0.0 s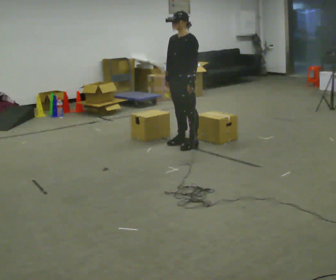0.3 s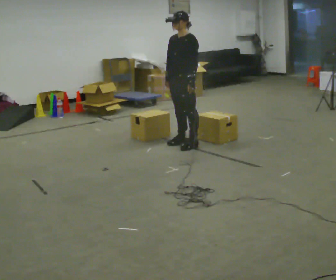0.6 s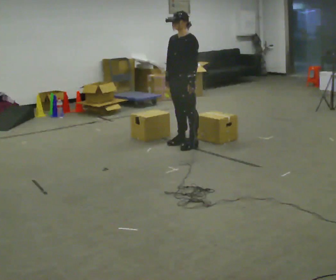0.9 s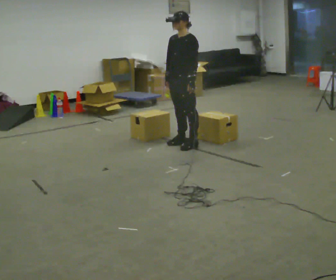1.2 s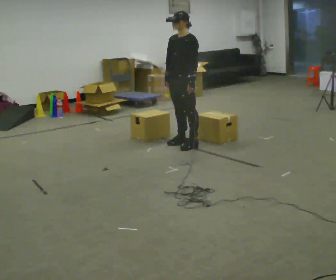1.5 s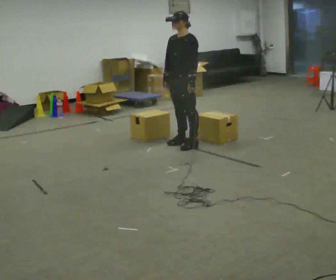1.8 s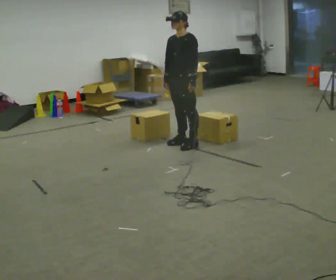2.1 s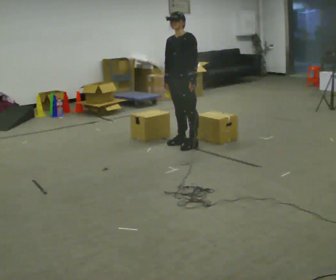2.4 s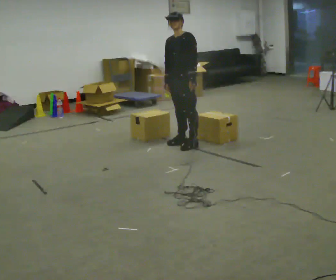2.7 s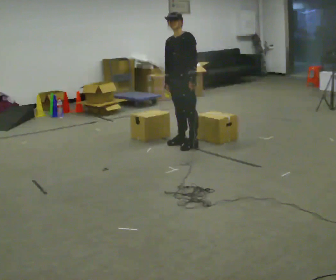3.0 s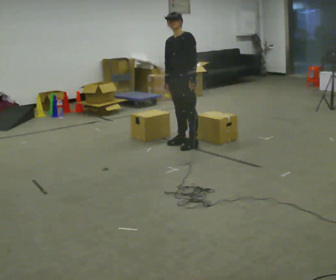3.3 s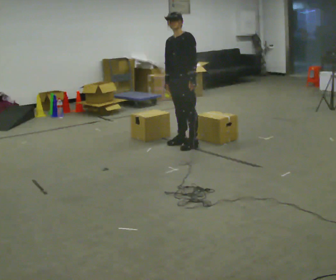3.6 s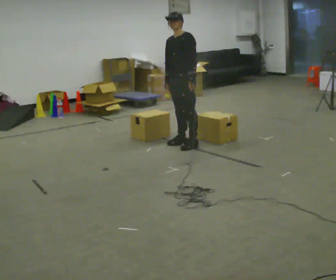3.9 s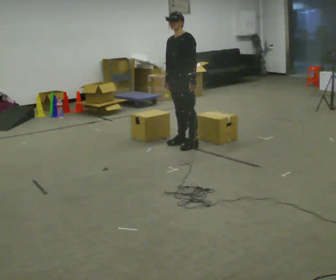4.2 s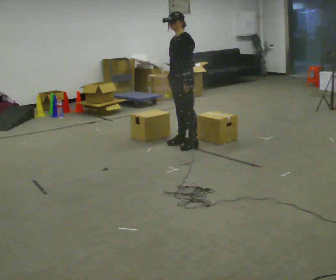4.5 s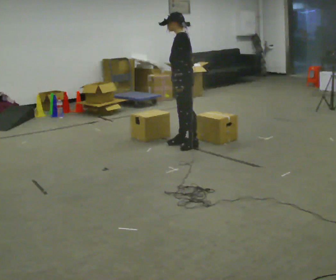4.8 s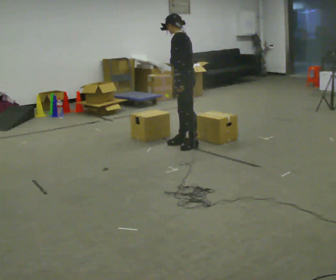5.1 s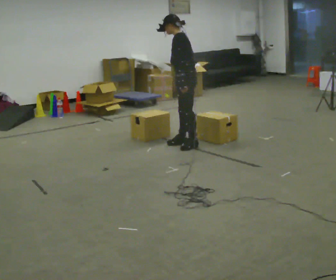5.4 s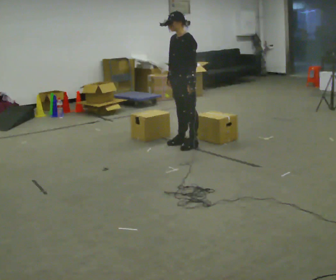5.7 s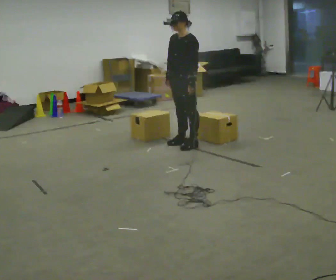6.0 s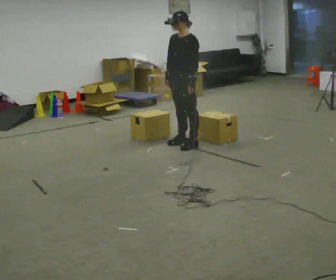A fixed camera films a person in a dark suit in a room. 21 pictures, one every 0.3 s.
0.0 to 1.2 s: The person keeps their place and pose.
1.2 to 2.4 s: The person moves a little, or ends about where they began.
2.4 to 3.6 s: The person keeps their place and pose.
3.6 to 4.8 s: The part of the body nearest the lens slides to the left as the person turns to their right by about 45 degrees.
4.8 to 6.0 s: The part of the body nearest the lens slides to the right as the person turns to their left by about 45 degrees.
The film runs backward here.
